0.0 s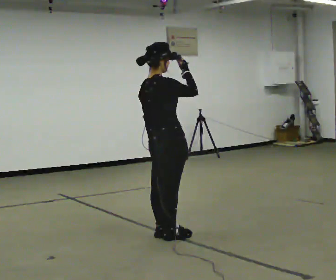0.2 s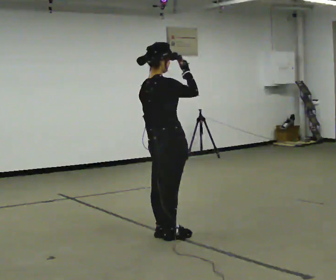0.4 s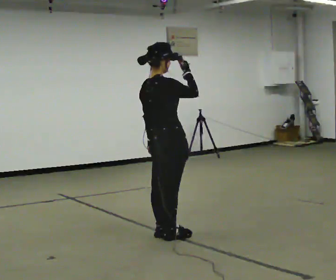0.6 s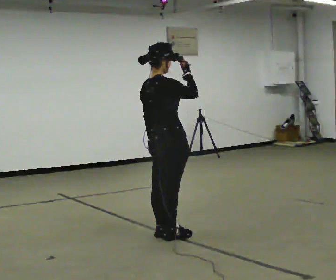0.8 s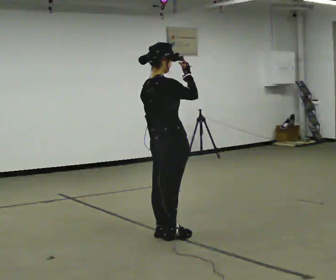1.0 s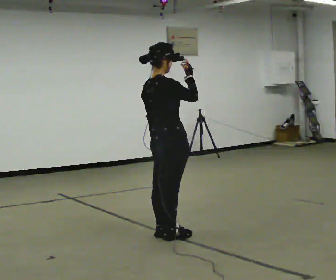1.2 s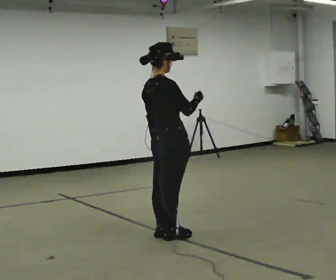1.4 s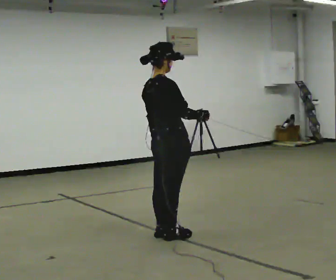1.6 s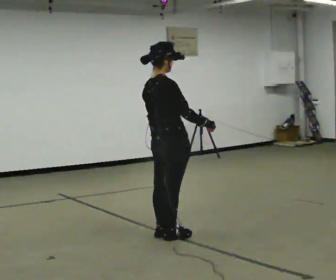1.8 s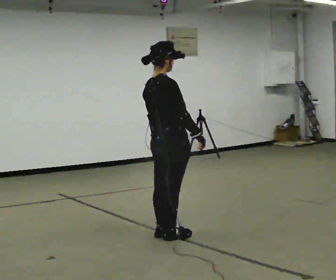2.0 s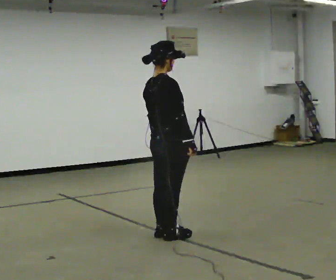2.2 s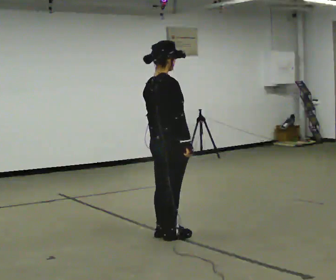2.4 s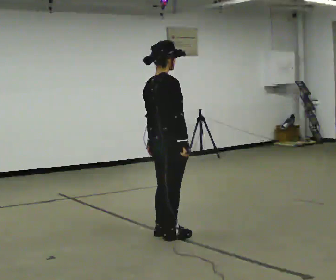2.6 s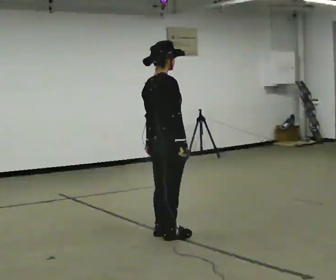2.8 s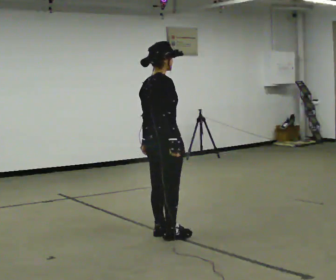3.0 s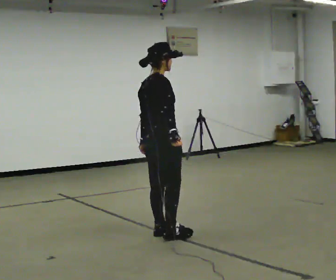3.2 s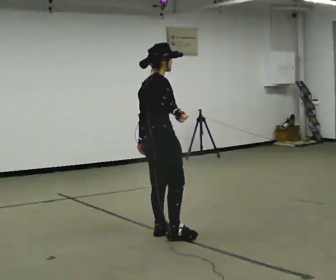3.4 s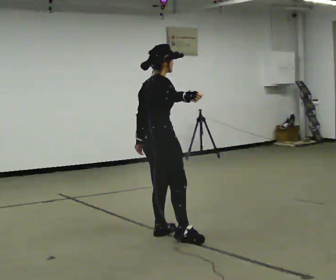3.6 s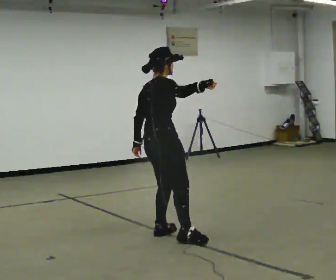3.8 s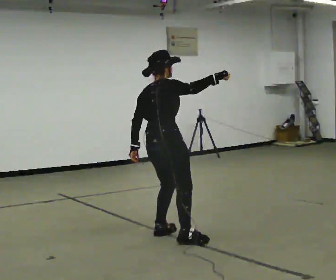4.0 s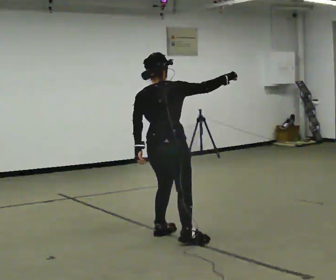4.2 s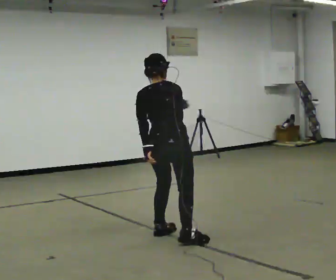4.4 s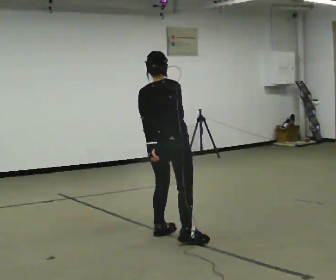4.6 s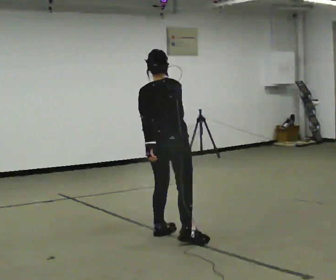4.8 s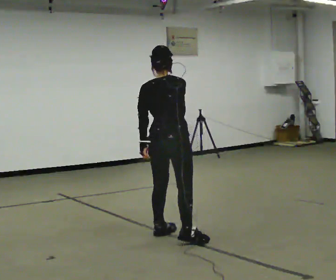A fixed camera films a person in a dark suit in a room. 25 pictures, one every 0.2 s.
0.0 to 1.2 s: The person moves a little, or ends about where they began.
1.2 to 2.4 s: In the picture their right hand goes downward.
2.4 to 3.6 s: In the picture their right hand goes upward.
3.6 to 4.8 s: Seen from above the body turns counterclockwise, about 60 degrees: to their left, with its near side sliding to the right. In the picture their right hand goes to the left.
The film runs backward here.
